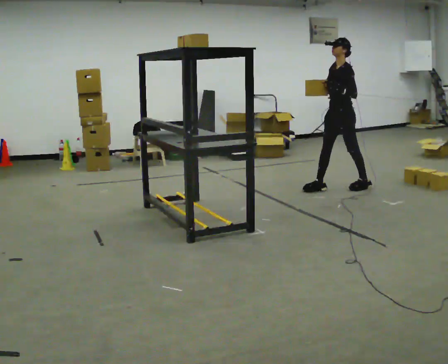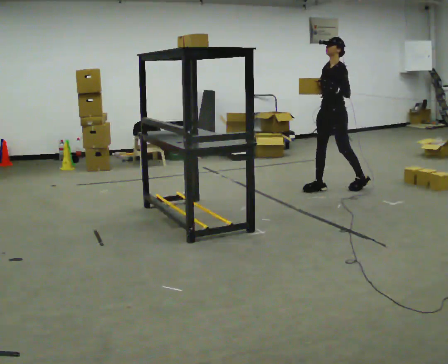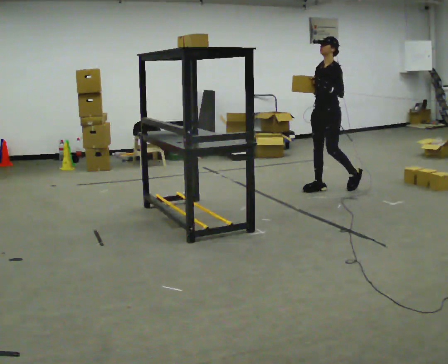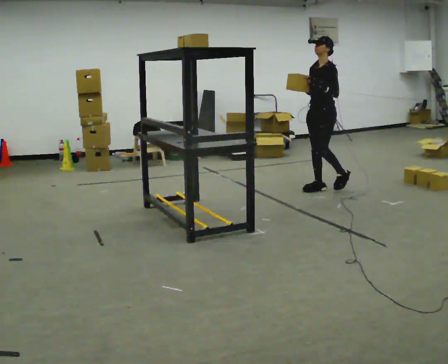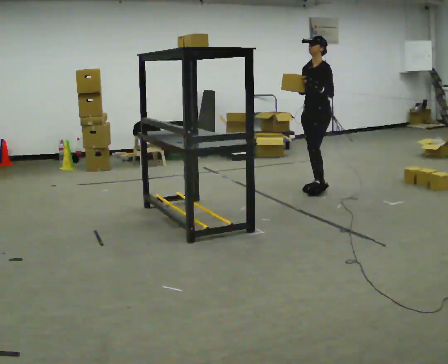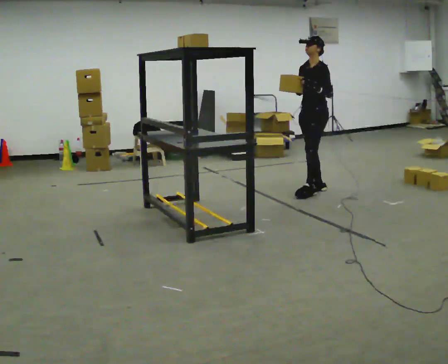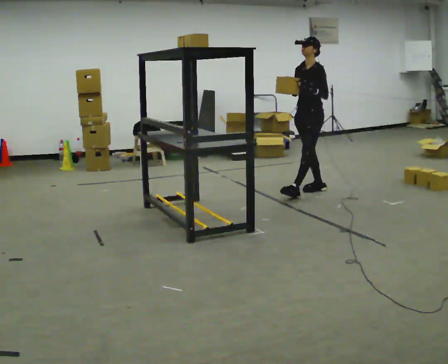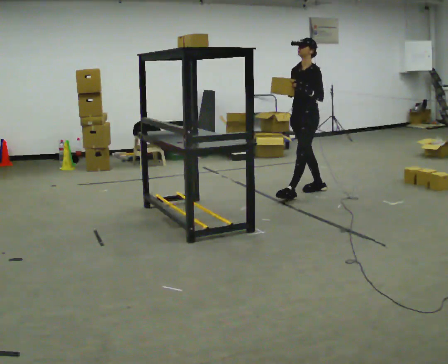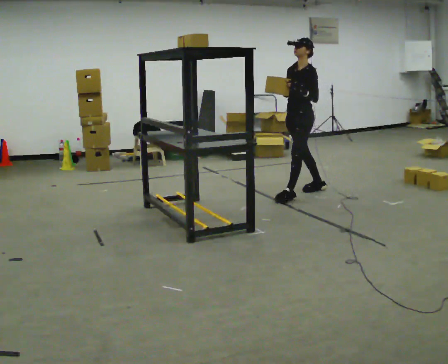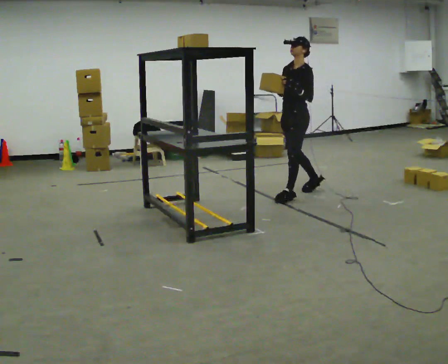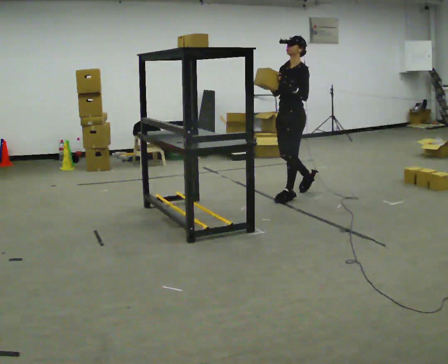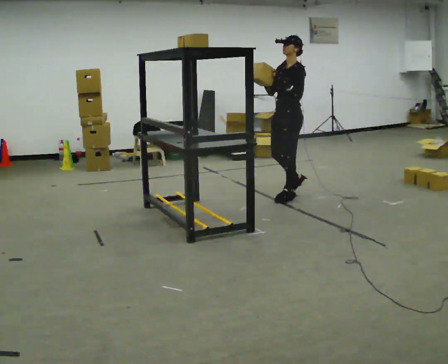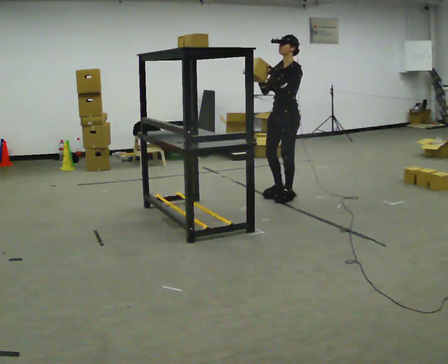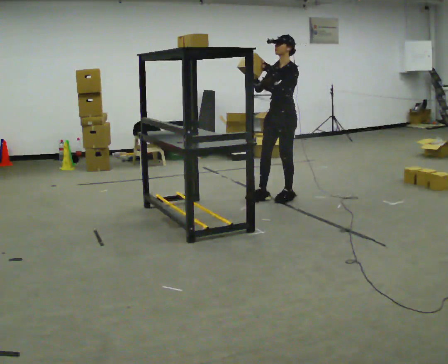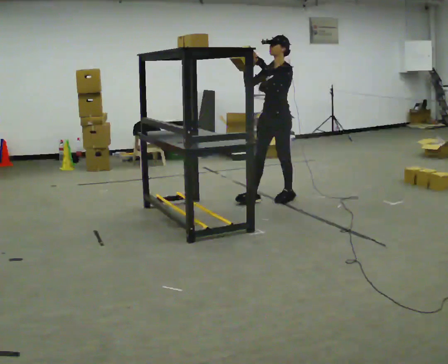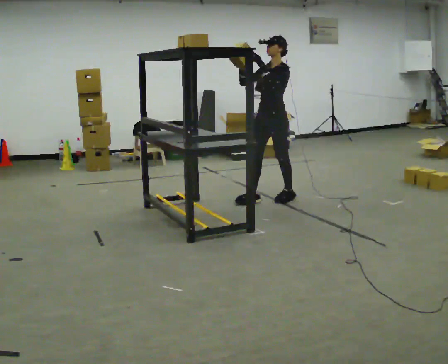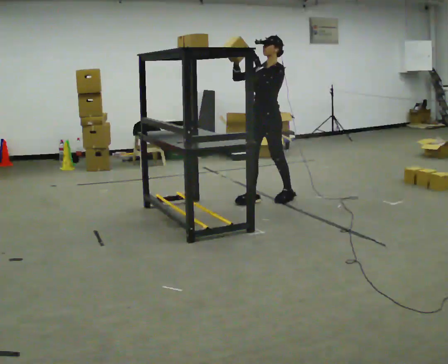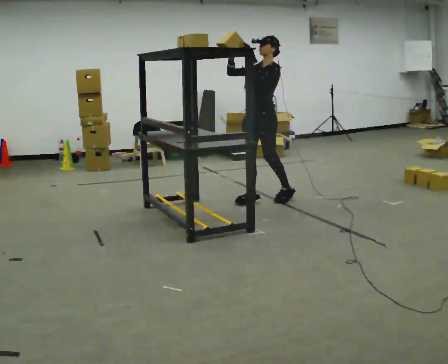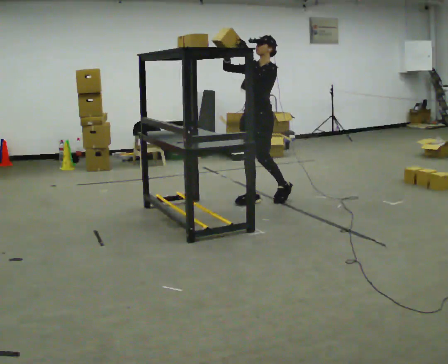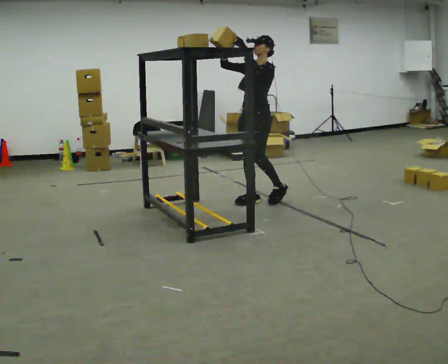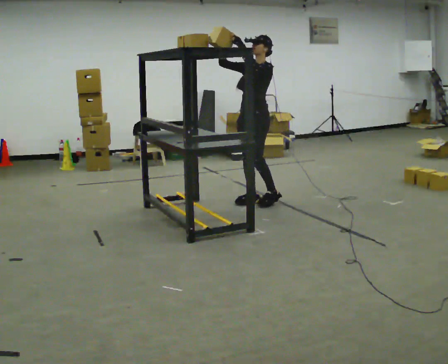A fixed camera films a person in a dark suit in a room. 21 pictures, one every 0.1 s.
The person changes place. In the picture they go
to the left.
Their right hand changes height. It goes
upward.
0.0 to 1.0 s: In the picture they go to the left and toward the camera, about 0.5 m in 1 step, which for them is forward.
1.0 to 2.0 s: In the picture they go to the left and toward the camera, about 0.5 m in 1 step, which for them is forward. In the picture their right hand goes upward.
The film runs forward here.
